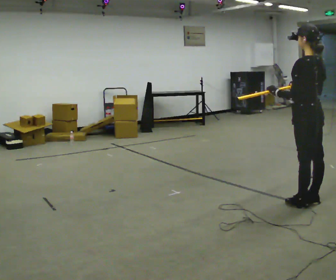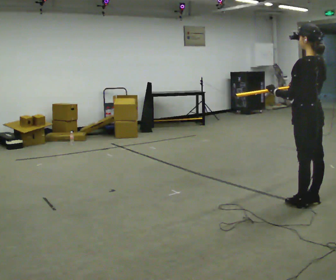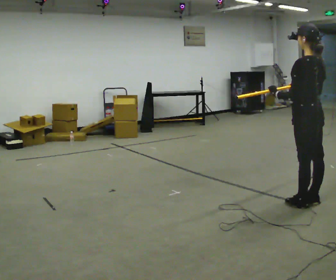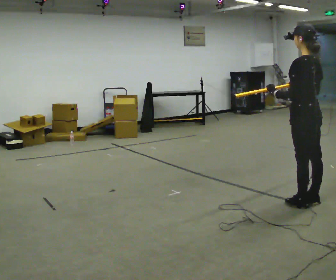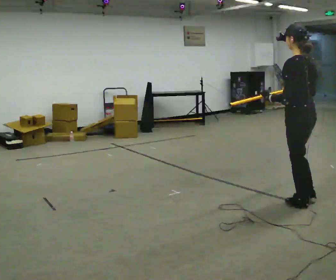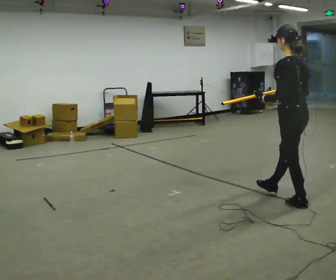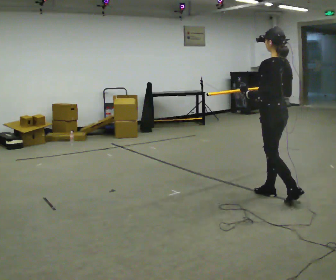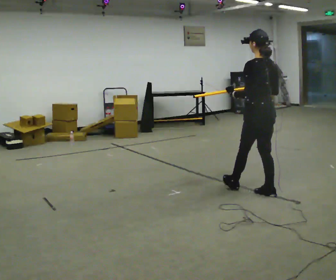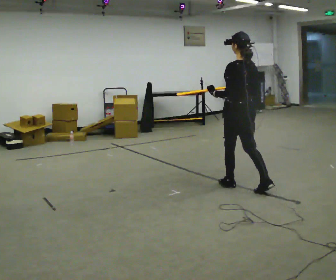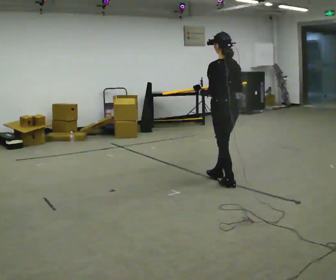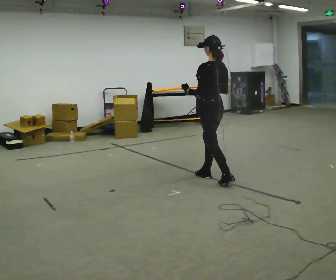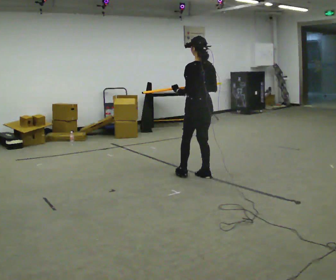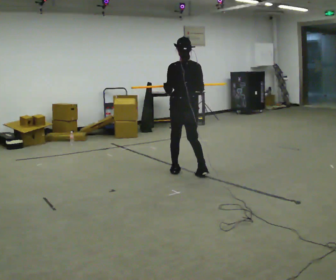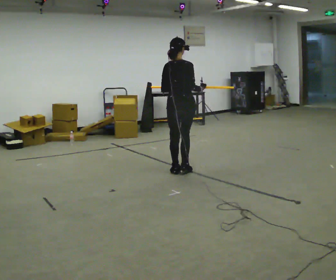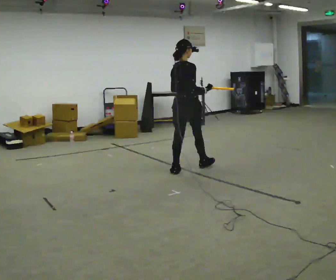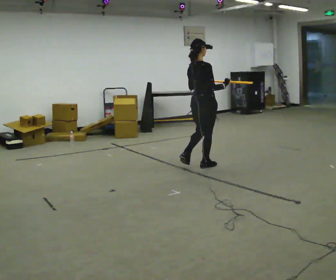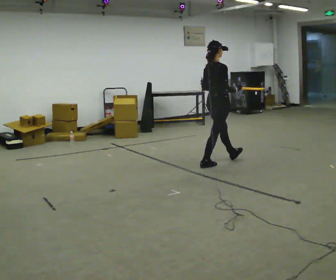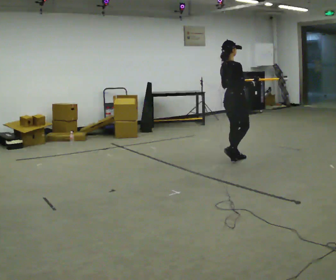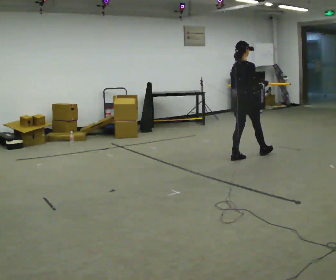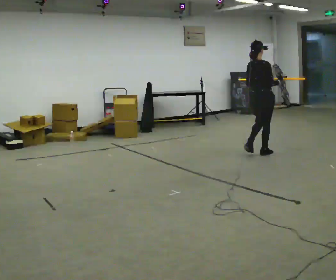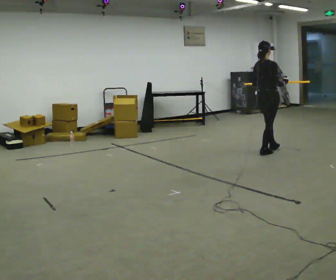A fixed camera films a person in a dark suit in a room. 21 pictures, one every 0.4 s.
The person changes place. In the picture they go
away from the camera.
The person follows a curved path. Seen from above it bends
clockwise.
0.0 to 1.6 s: The person moves a little, or ends about where they began.
1.6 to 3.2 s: In the picture they go away from the camera and to the left, about 1 m in 2 steps, which for them is forward.
3.2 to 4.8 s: In the picture they go away from the camera and to the left, about 1 m in 2 steps, which for them is forward.
4.8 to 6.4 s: Seen from above the body turns clockwise, about 75 degrees: to their right, with its near side sliding to the left. In the picture they go away from the camera and to the right, about 0.5 m in 1 step.
6.4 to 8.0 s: In the picture they go to the right and away from the camera, about 1 m in 3 steps, which for them is forward.
The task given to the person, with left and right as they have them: Carry the long object across the room and around the corner, turning without hitting anything. Keep going until the operator says stop; one object at a time, and do not rush between trips.
The film runs forward here.
